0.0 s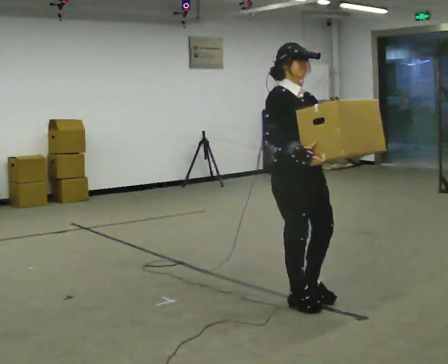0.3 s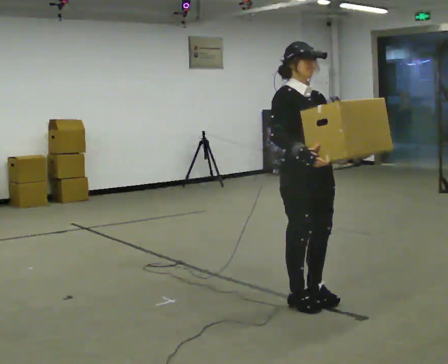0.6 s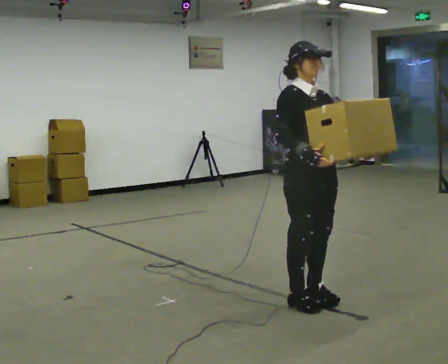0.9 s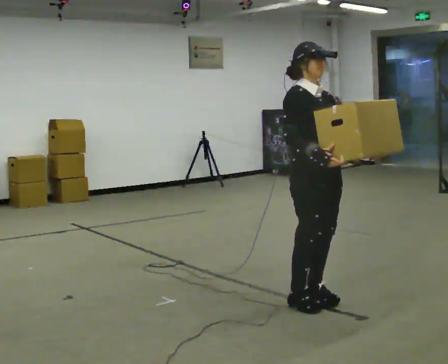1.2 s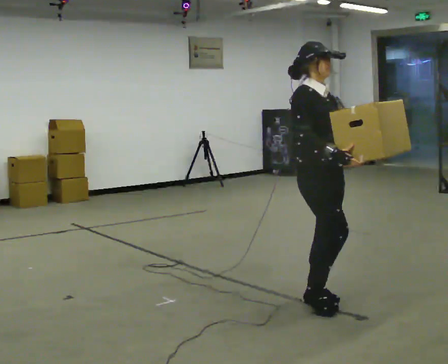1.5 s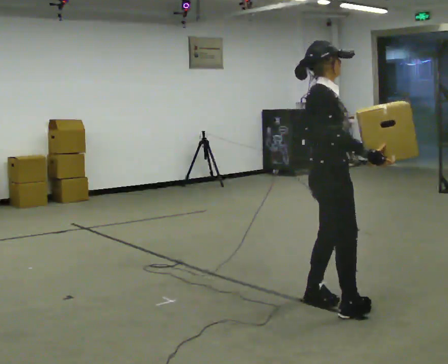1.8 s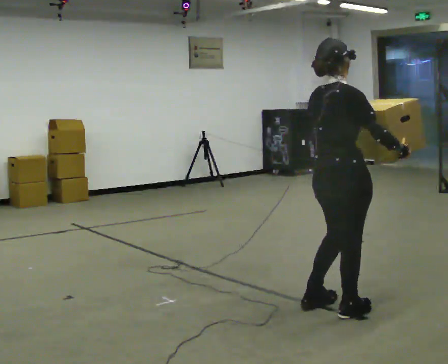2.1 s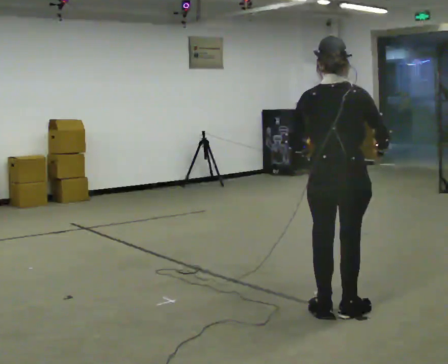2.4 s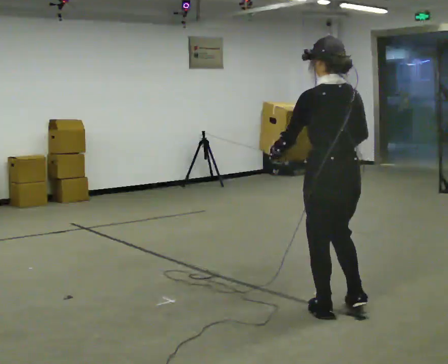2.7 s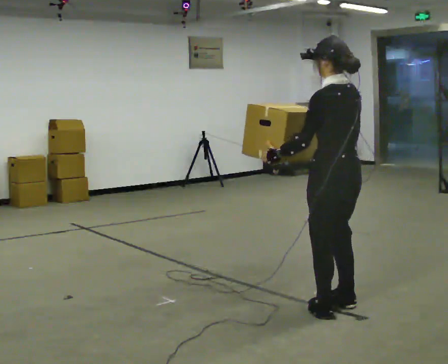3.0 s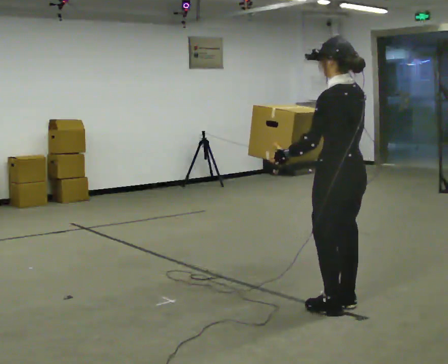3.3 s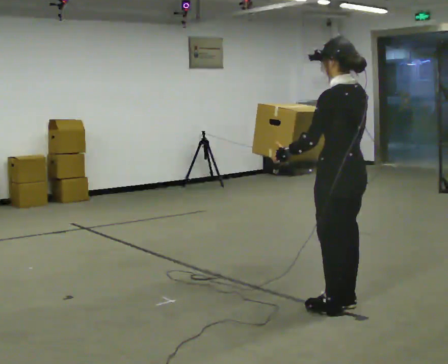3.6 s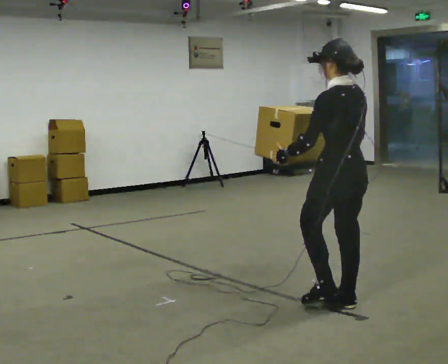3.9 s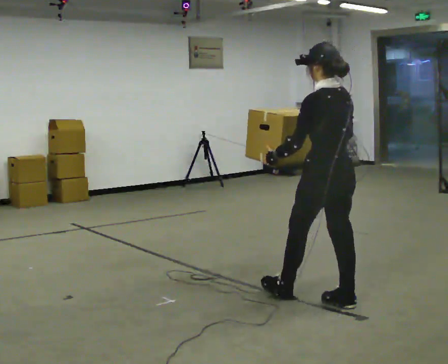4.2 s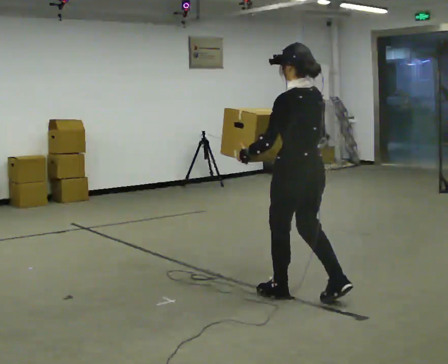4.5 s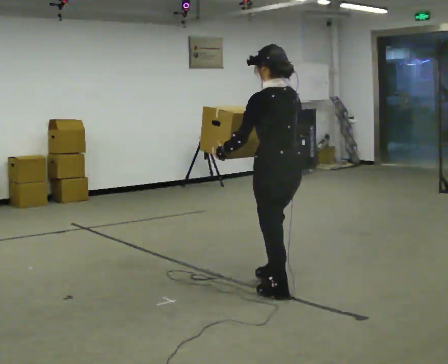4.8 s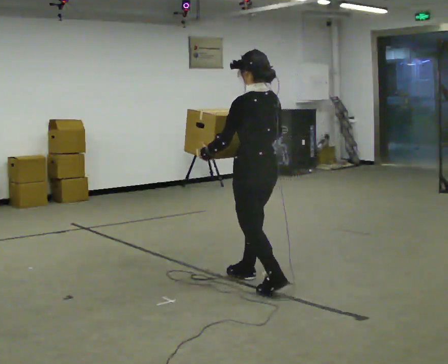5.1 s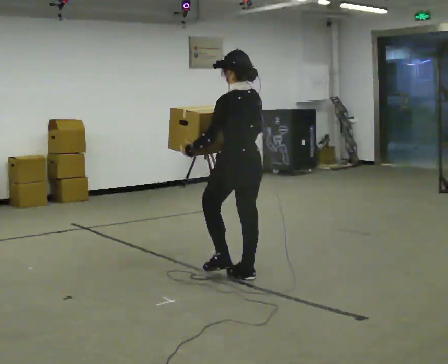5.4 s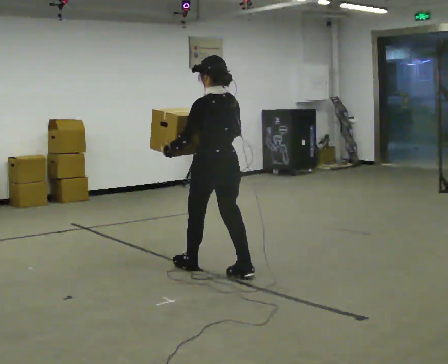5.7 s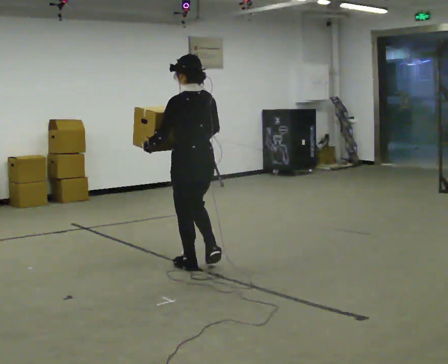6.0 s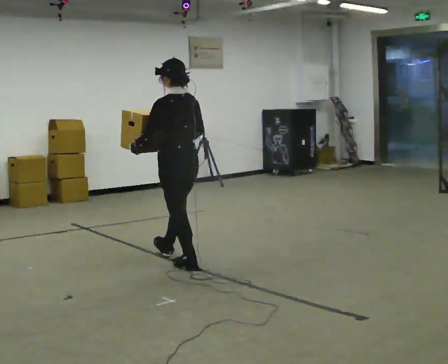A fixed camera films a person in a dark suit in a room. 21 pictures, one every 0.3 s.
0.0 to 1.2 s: The person moves a little, or ends about where they began.
1.2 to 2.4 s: The part of the body nearest the lens slides to the right as the person turns to their left by about 150 degrees. In the picture they go toward the camera, about 0.25 m in 2 steps.
2.4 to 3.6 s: The person moves a little, or ends about where they began.
3.6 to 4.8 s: In the picture they go to the left and away from the camera, about 0.5 m in 2 steps, which for them is forward.
4.8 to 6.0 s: In the picture they go to the left and away from the camera, about 1 m in 1 step, which for them is forward.
The film runs forward here.
